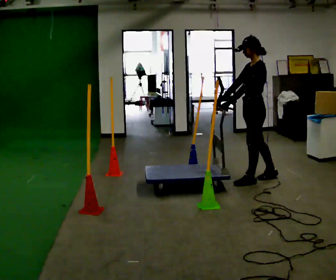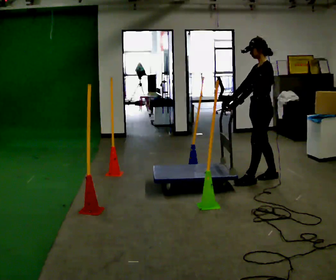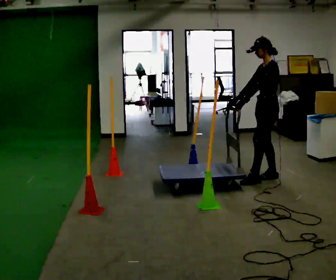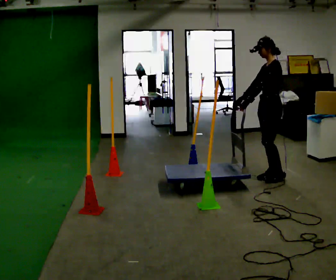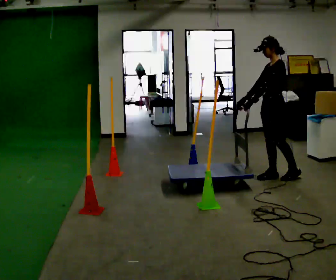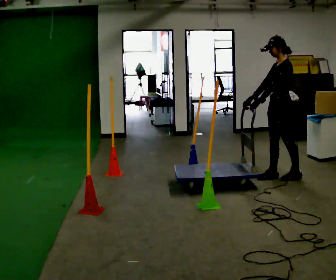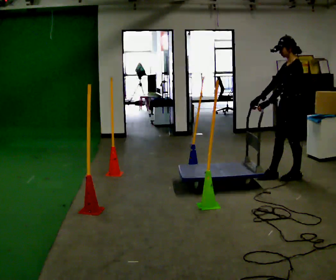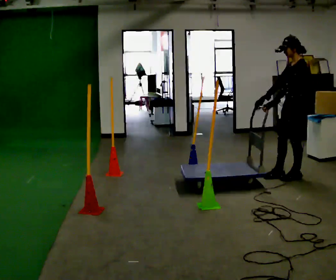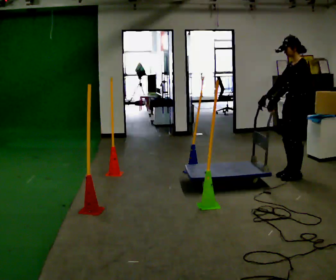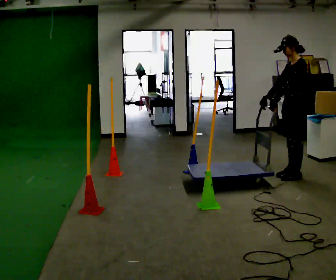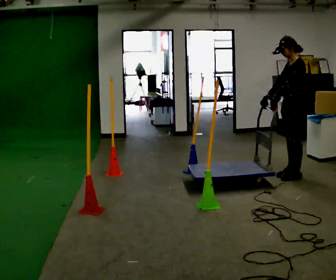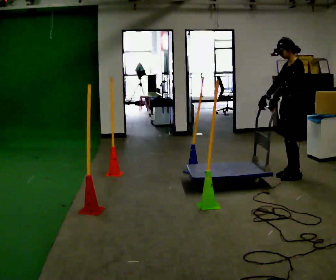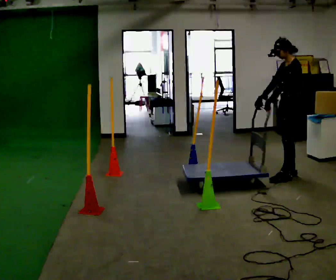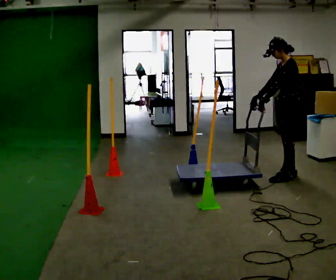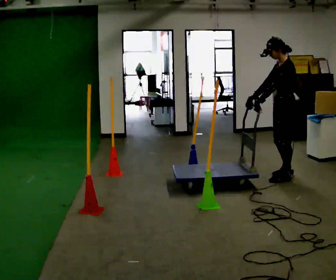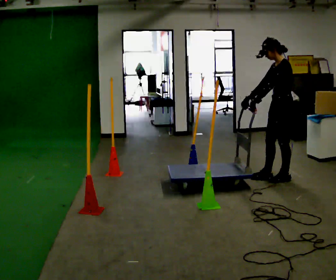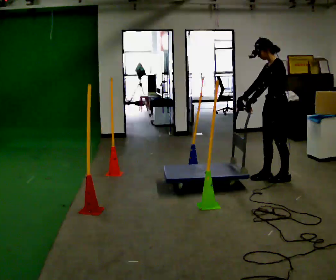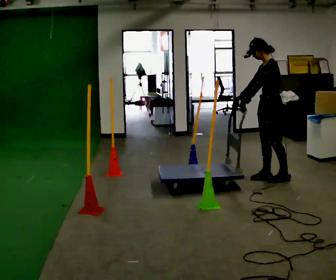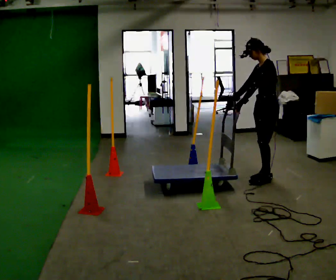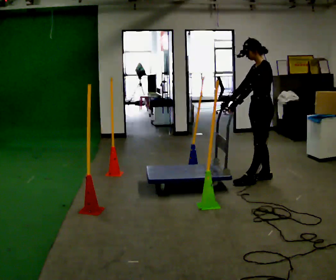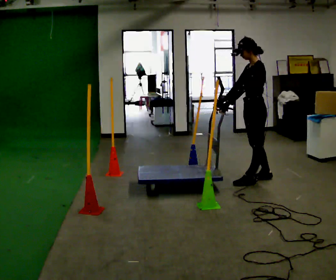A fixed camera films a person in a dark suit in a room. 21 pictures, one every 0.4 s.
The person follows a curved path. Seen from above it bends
clockwise.
0.0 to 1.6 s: In the picture they go to the right, about 0.25 m in 1 step, which for them is backward.
1.6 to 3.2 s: In the picture they go to the right, about 0.25 m in 1 step, which for them is backward.
3.2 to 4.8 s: The person moves a little, or ends about where they began.
4.8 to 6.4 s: In the picture they go to the left, about 0.25 m in 1 step, which for them is forward.
6.4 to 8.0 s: In the picture they go to the left, about 0.25 m in 1 step, which for them is forward.
The film runs backward here.
